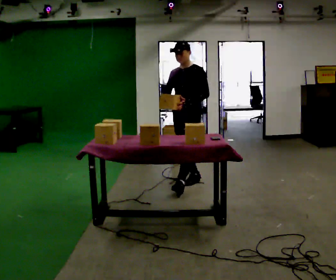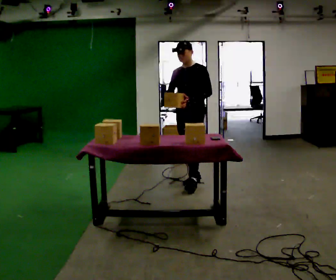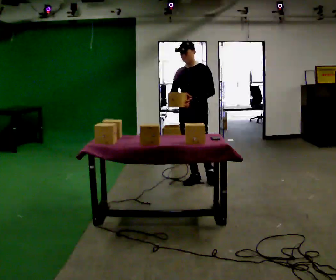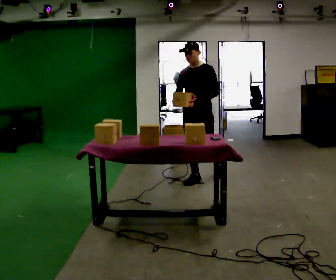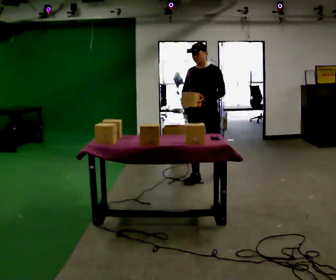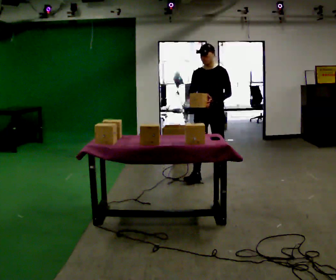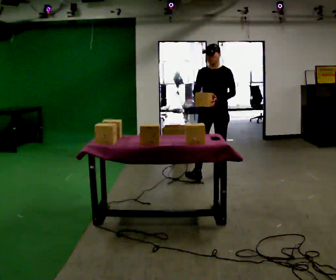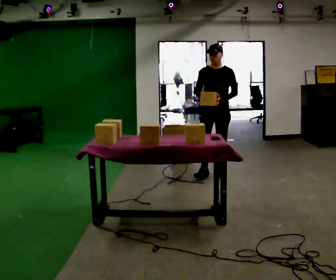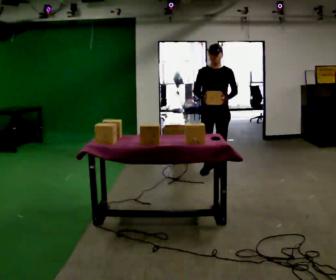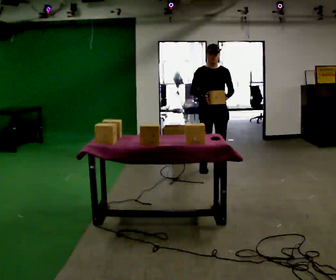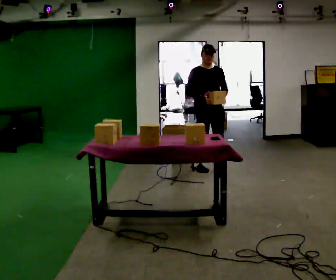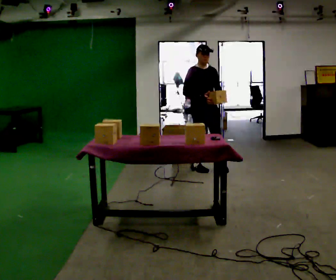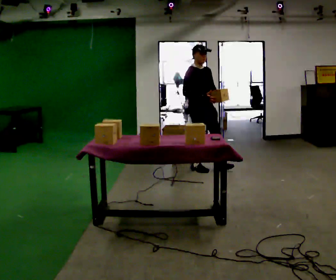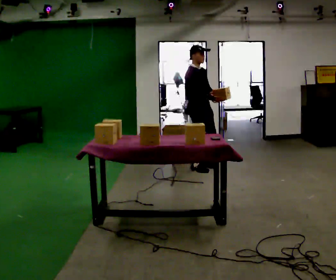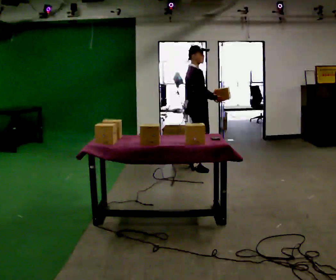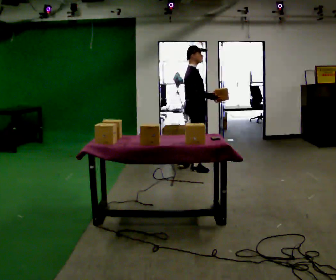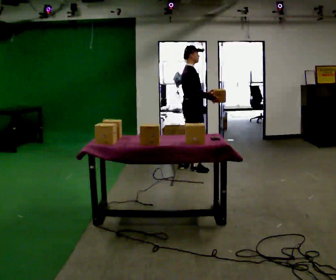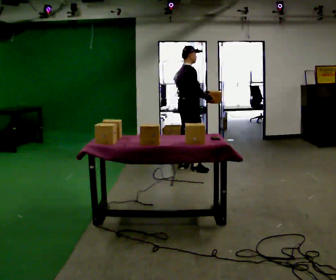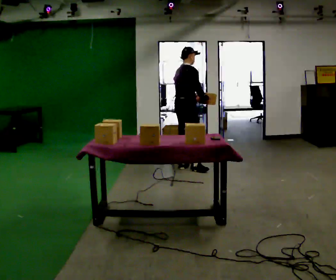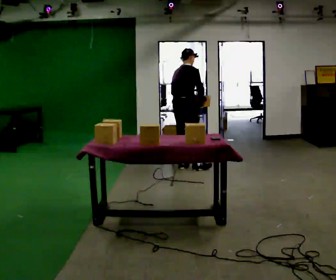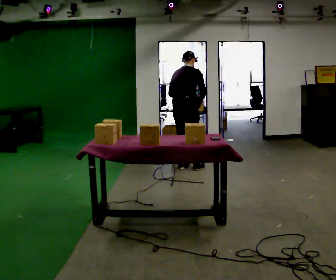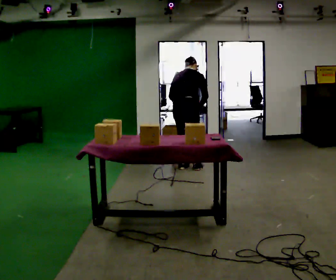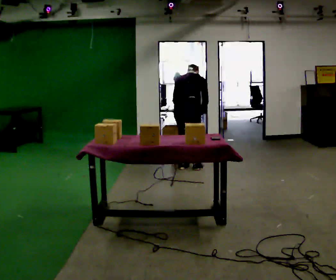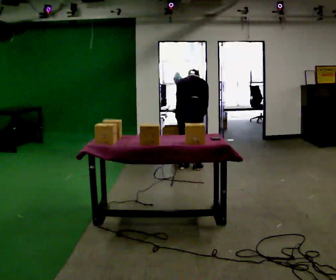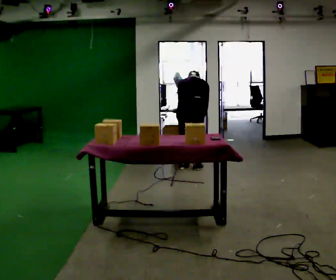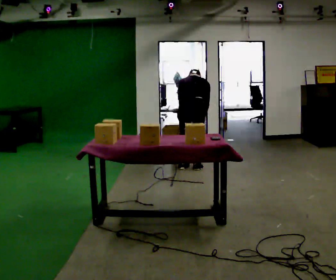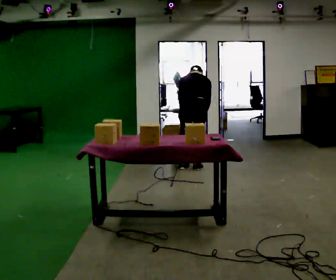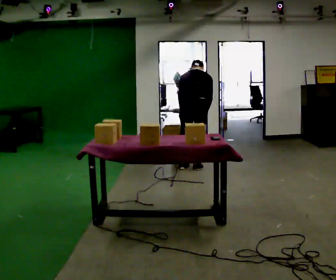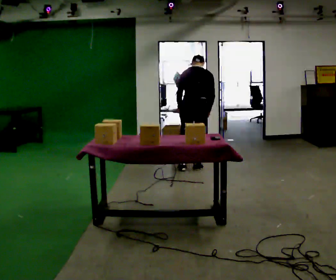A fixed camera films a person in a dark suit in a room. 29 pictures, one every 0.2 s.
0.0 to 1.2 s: In the picture they go away from the camera and to the right, about 0.5 m in 1 step, which for them is backward.
1.2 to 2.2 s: The part of the body nearest the lens slides to the right as the person turns to their left by about 45 degrees. In the picture they go away from the camera, about 0.25 m in 1 step, which for them is backward and to their right.
2.2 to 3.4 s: The part of the body nearest the lens slides to the right as the person turns to their left by about 75 degrees. In the picture they go to the left, about 0.25 m in 1 step.
3.4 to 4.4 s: The person turns about 60 degrees to their left, counterclockwise seen from above, so the part of the body nearest the lens slides to the right. The upper body tips away from the camera, its near side rolling upward, as they bend forward. In the picture their left hand goes to the left, the arm swinging clockwise.
4.4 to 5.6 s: The person moves a little, or ends about where they began.
The film runs backward here.
